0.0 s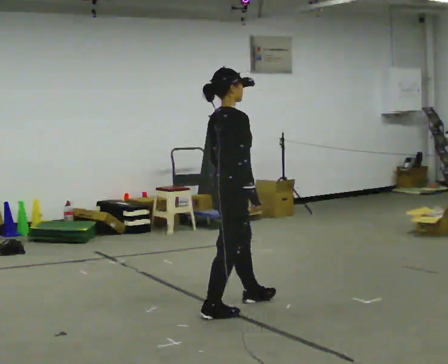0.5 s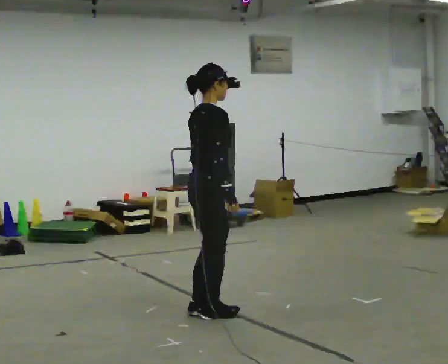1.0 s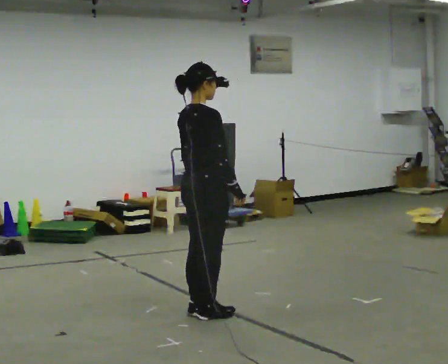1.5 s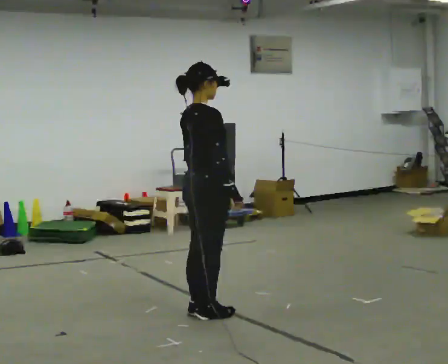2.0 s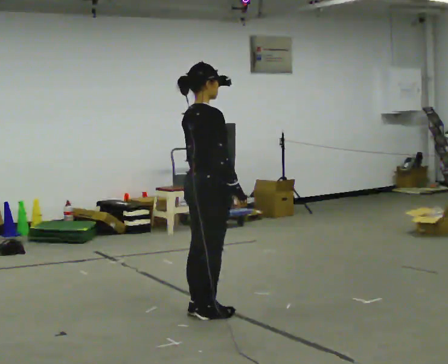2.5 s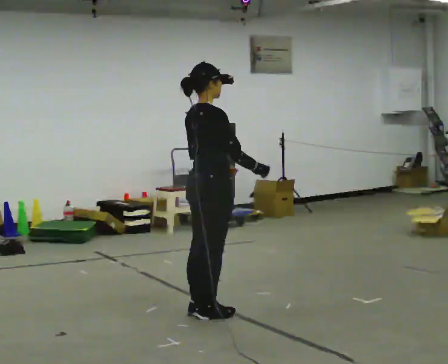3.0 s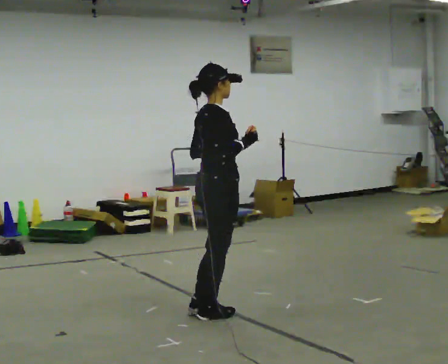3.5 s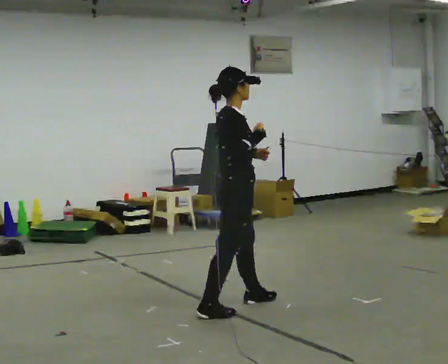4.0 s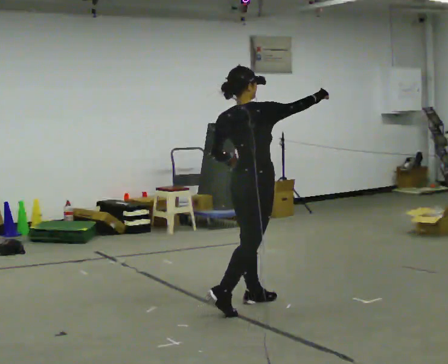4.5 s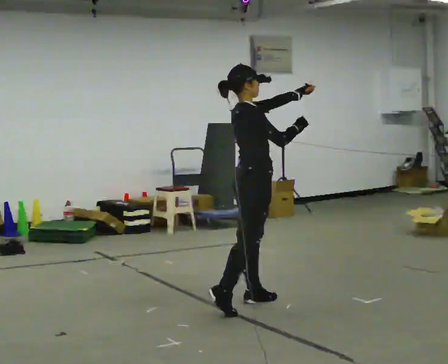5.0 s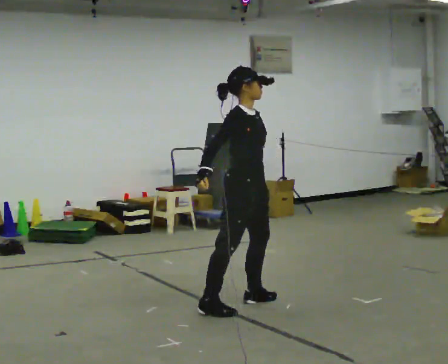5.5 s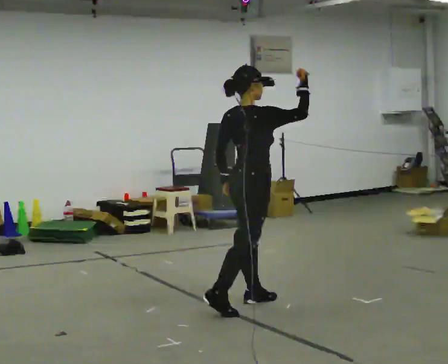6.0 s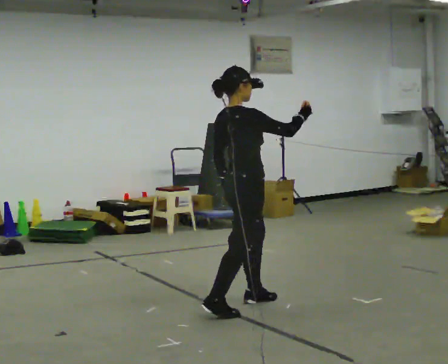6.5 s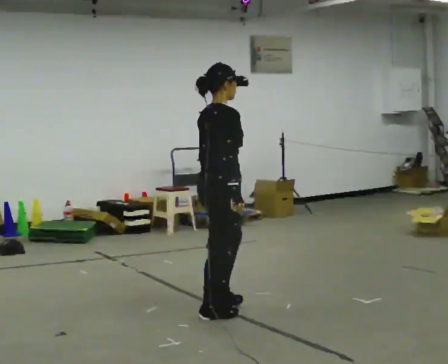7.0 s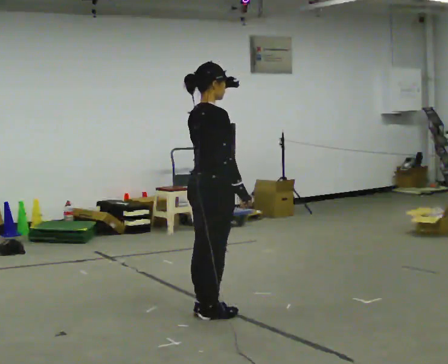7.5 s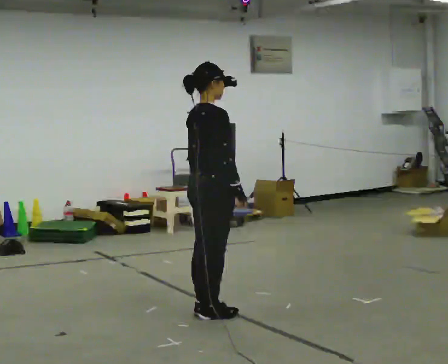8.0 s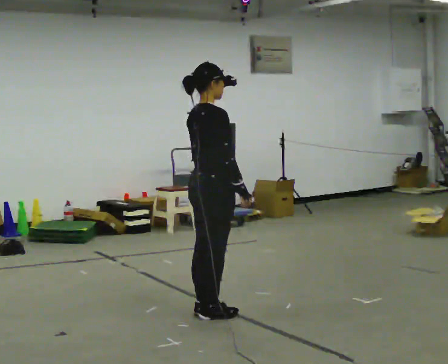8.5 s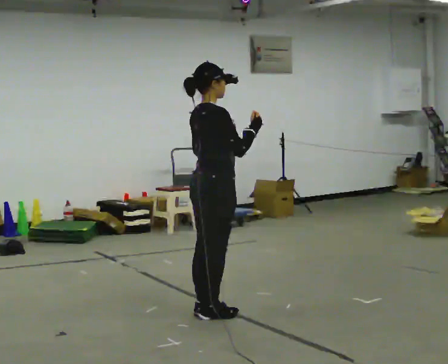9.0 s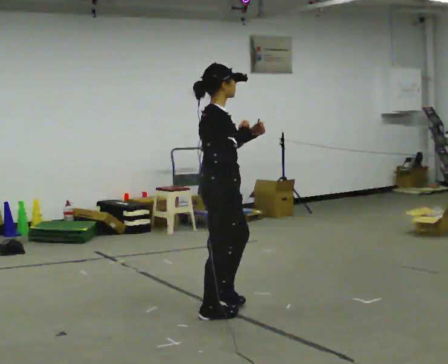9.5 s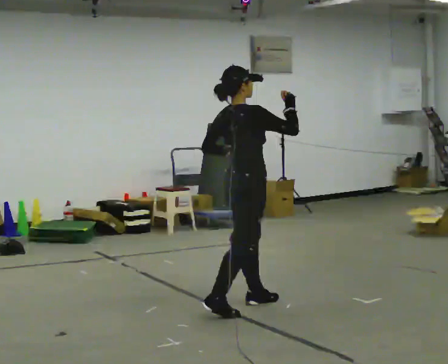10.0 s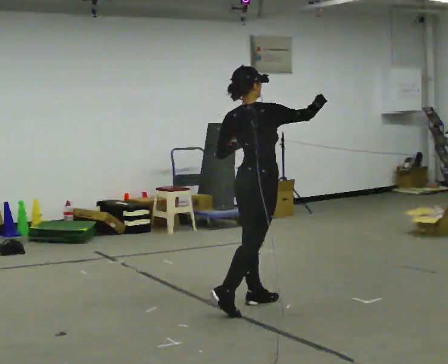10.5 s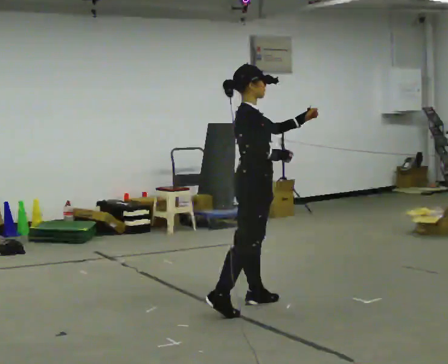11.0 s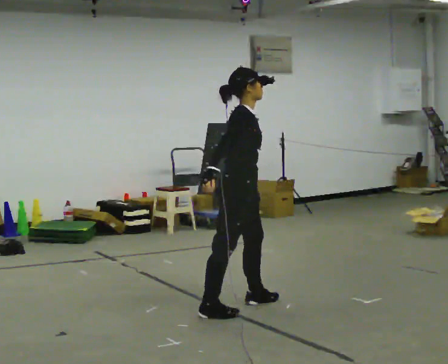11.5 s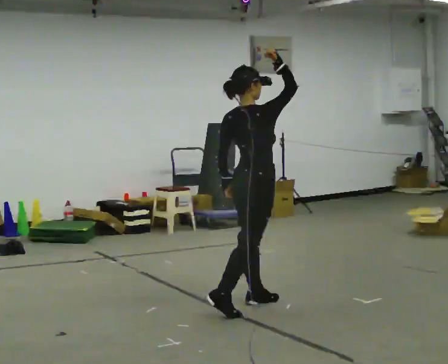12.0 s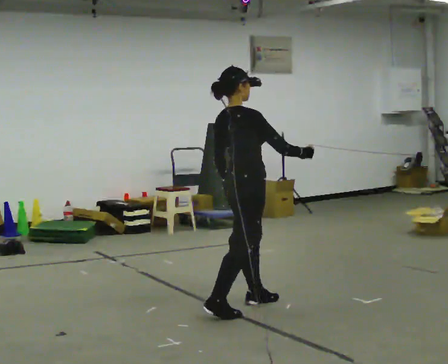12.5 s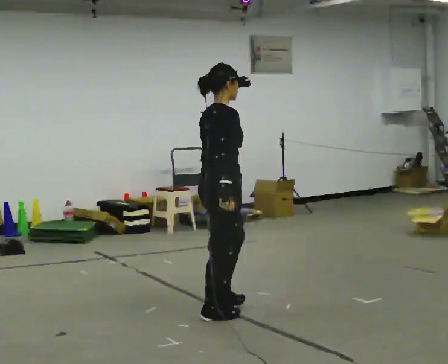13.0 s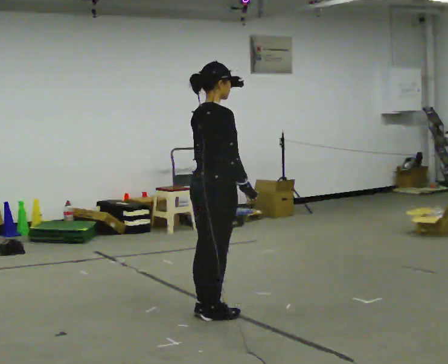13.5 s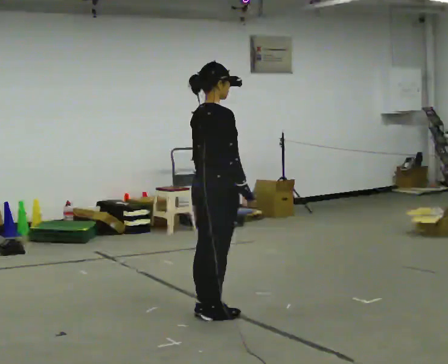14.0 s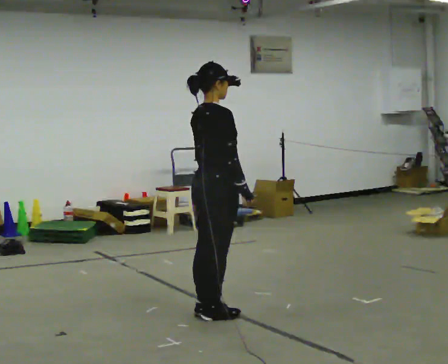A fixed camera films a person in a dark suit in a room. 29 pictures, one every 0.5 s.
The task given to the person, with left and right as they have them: Mimic boxing into the air at moderate speed with both hands, moving your feet only a little. Stay controlled; do not punch at full speed.
0.0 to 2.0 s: The person moves a little, or ends about where they began.
2.0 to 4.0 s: In the picture they go to the right and away from the camera, about 0.5 m in 1 step, which for them is forward. In the picture their right hand goes upward.
4.0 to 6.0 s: The person moves a little, or ends about where they began.
6.0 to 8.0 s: In the picture they go to the left, about 0.25 m in 1 step, which for them is backward. In the picture their right hand goes to the left and downward.
8.0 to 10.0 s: In the picture they go to the right and away from the camera, about 0.5 m in 1 step, which for them is forward and to their left. In the picture their right hand goes upward.
10.0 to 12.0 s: In the picture their right hand goes downward.
12.0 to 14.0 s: In the picture they go to the left, about 0.25 m in 1 step, which for them is backward. In the picture their right hand goes to the left.
The film runs forward here.
